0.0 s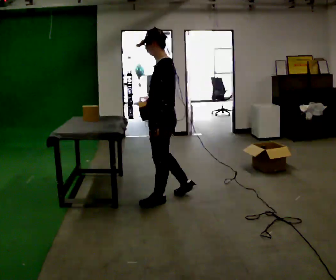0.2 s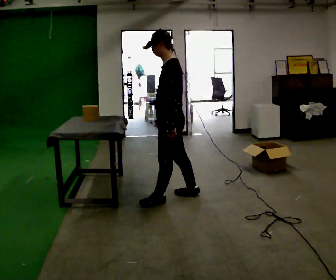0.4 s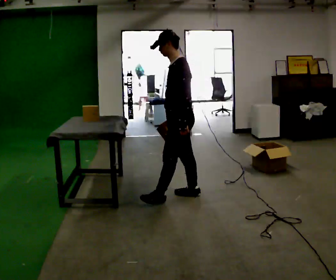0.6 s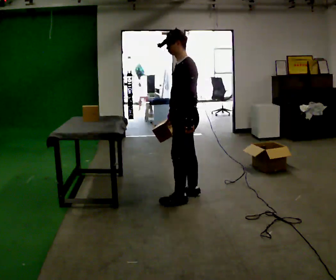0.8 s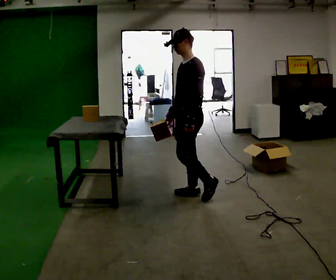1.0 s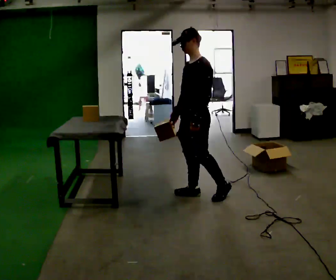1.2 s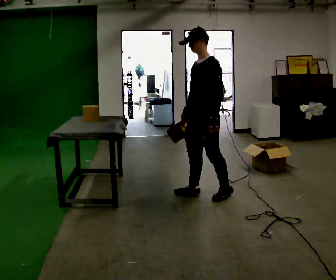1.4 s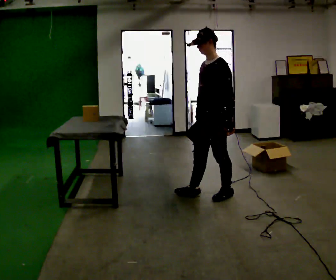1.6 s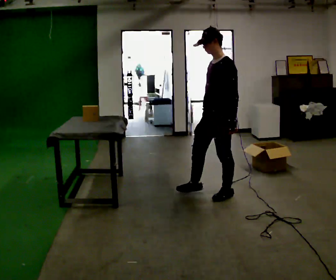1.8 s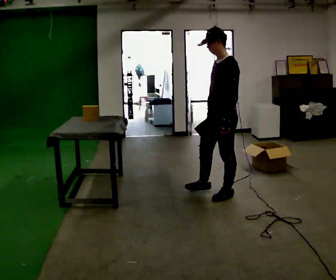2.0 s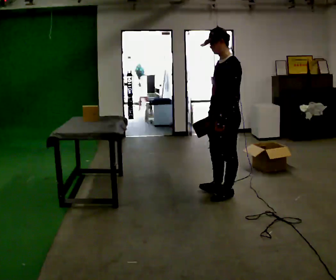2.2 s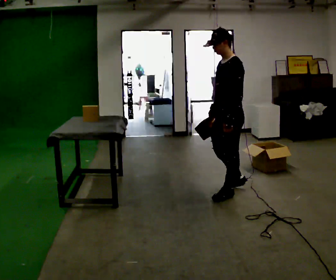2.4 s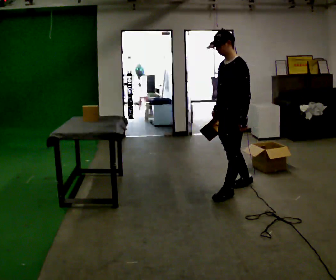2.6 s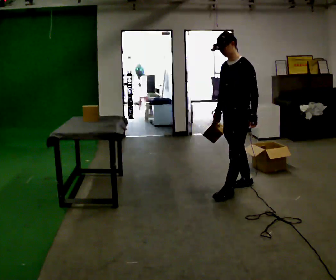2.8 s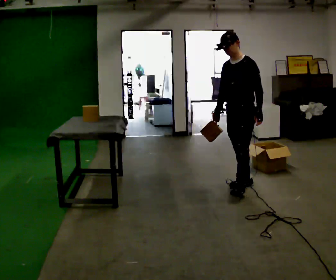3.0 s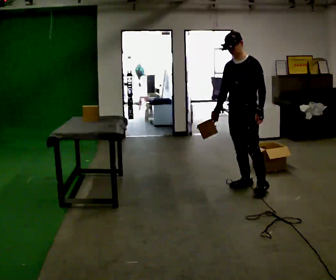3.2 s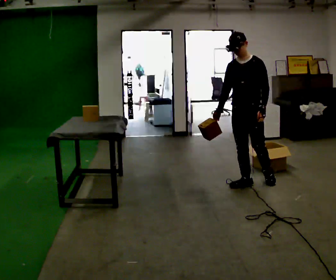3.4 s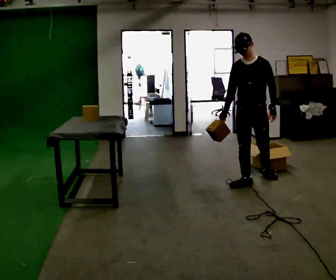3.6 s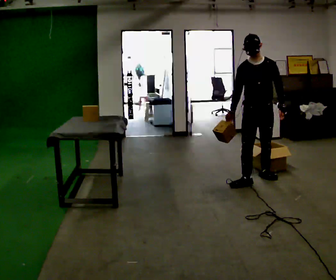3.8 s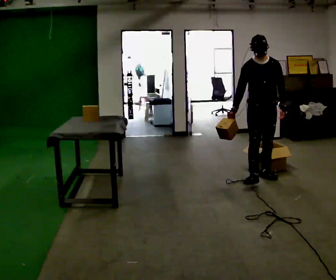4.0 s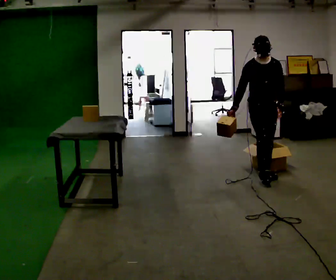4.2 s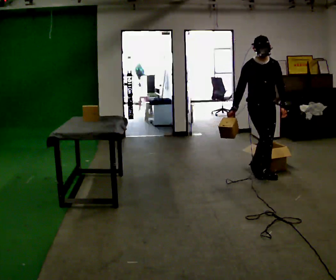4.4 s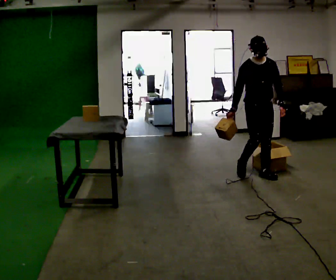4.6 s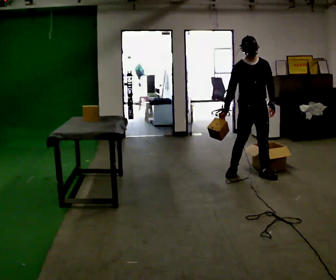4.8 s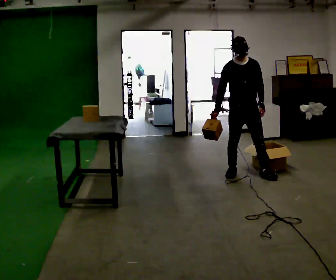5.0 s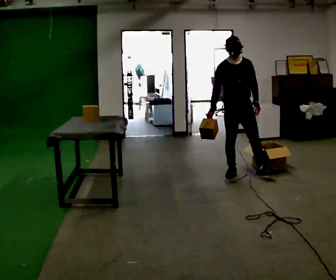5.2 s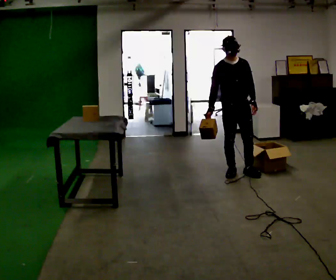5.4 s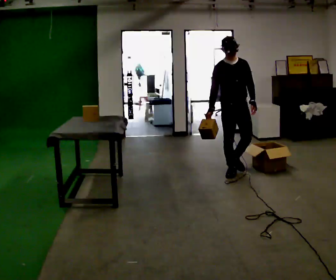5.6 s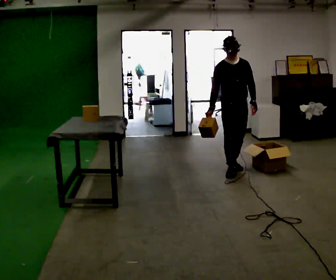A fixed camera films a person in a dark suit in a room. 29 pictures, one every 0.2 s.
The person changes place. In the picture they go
away from the camera.
The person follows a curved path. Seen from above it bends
counterclockwise.
0.0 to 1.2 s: Seen from above the body turns counterclockwise, about 30 degrees: to their left, with its near side sliding to the right. In the picture they go to the right, about 0.5 m in 1 step, which for them is backward.
1.2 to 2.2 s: In the picture they go to the right, about 0.25 m in 1 step, which for them is backward.
2.2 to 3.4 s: The part of the body nearest the lens slides to the right as the person turns to their left by about 60 degrees. In the picture they go away from the camera and to the right, about 0.5 m in 1 step, which for them is backward.
3.4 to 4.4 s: The person turns about 30 degrees to their left, counterclockwise seen from above, so the part of the body nearest the lens slides to the right. In the picture they go away from the camera, about 0.25 m in 1 step, which for them is backward and to their left.
4.4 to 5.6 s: In the picture they go to the left and away from the camera, about 0.25 m in 1 step, which for them is backward and to their right.
The film runs backward here.
